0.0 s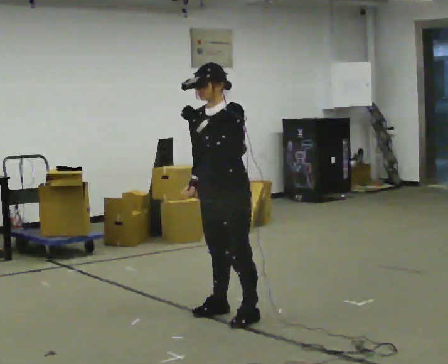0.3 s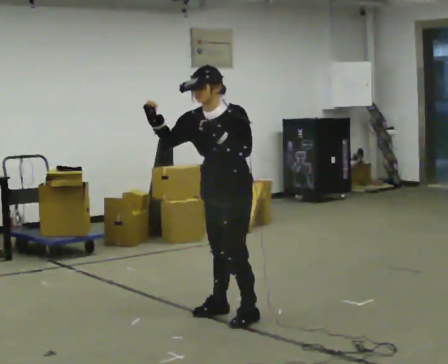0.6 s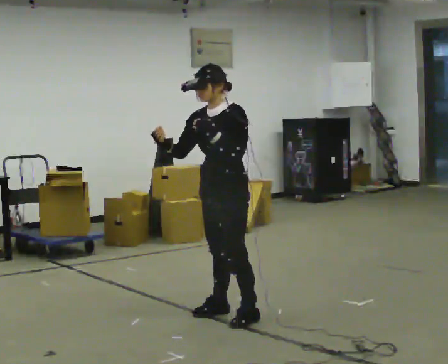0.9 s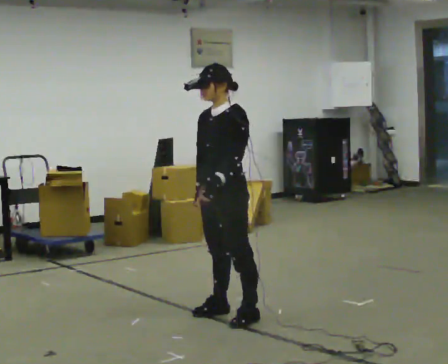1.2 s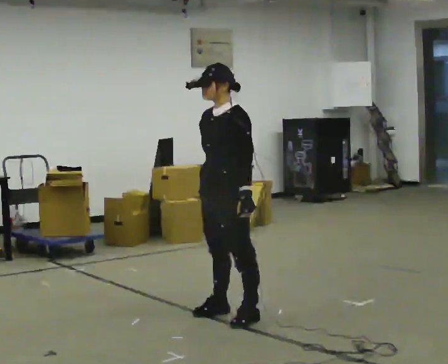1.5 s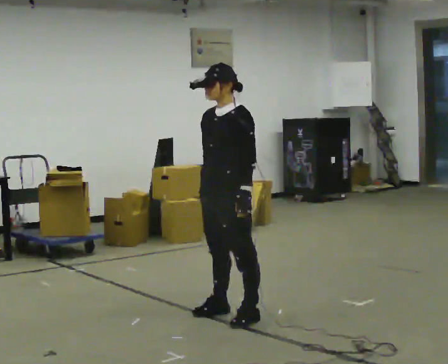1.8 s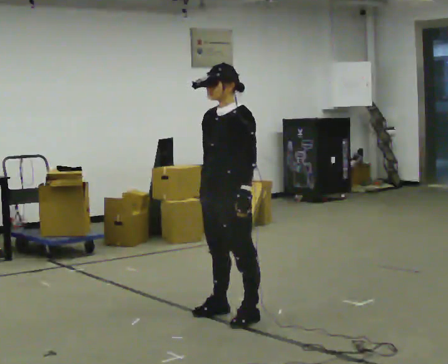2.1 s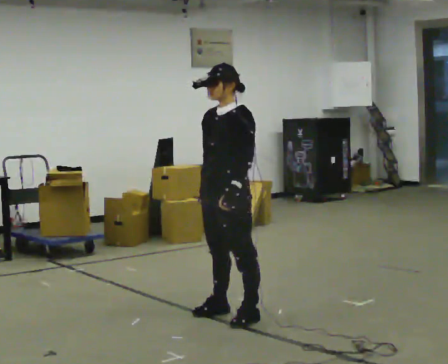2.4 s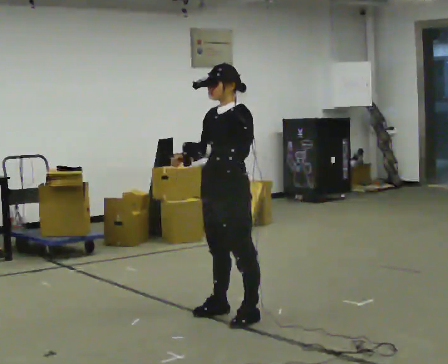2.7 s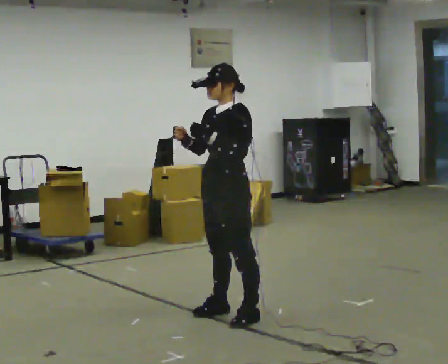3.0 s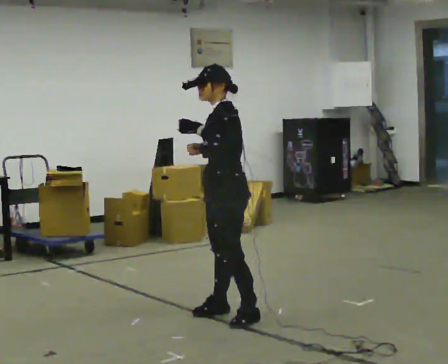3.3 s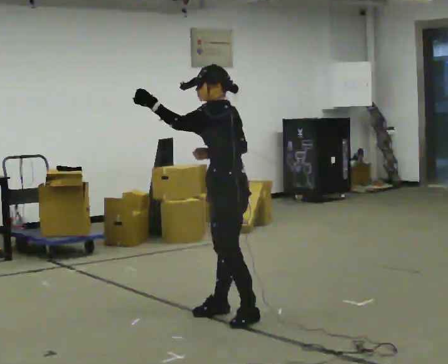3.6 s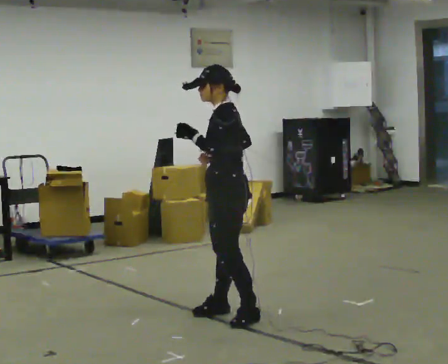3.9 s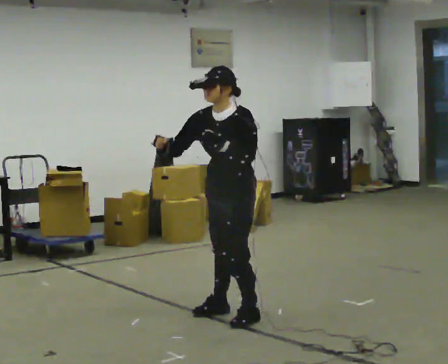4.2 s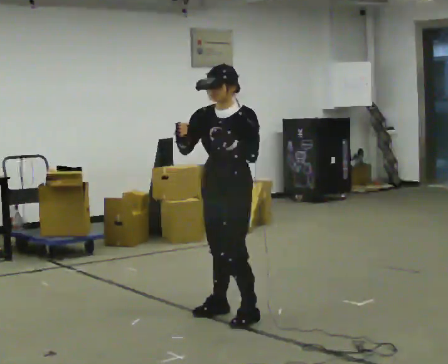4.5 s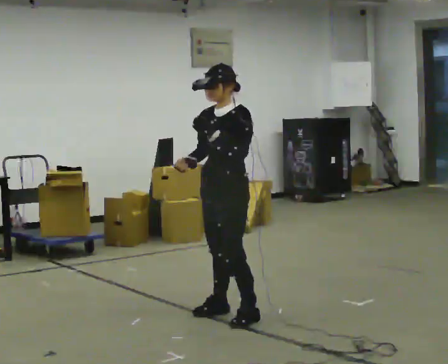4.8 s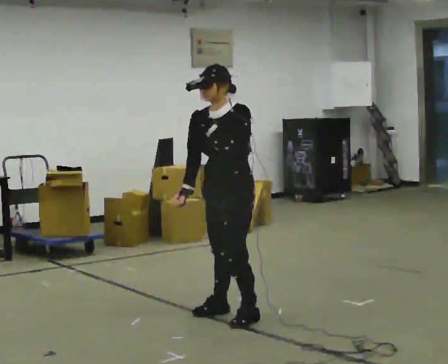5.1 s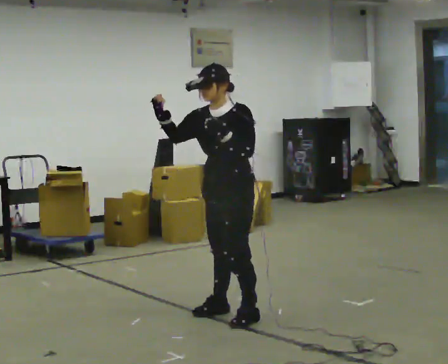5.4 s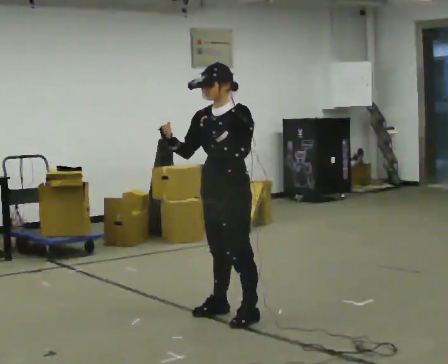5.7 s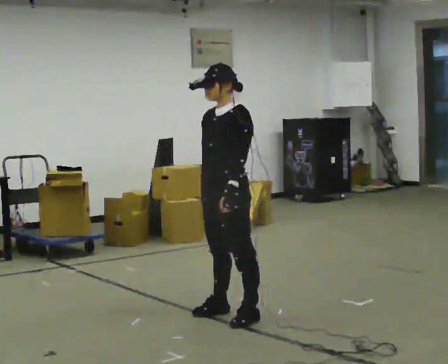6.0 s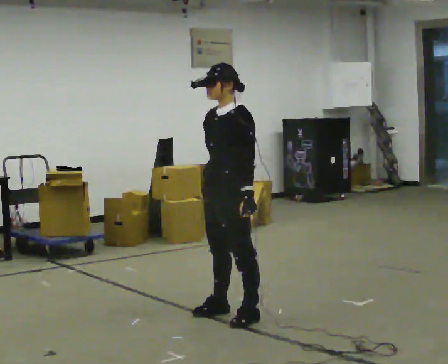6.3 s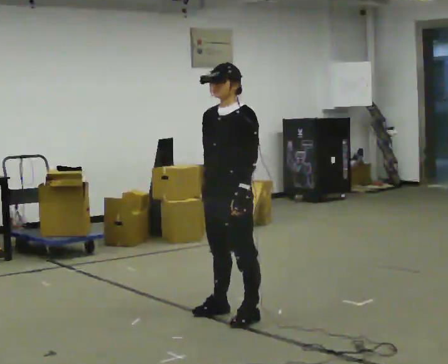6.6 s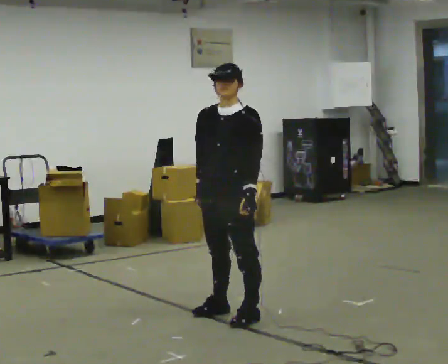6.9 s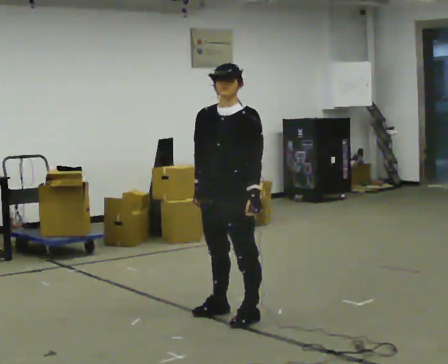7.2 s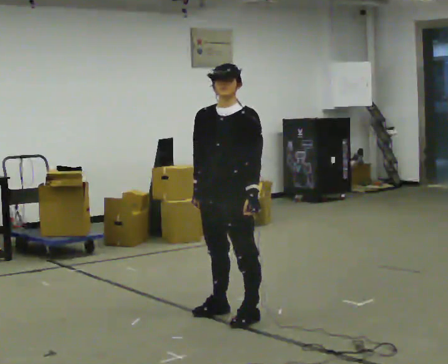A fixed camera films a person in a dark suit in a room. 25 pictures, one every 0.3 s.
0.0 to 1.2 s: In the picture their left hand goes downward.
1.2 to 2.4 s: The person moves a little, or ends about where they began.
2.4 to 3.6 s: Seen from above the body turns clockwise, about 30 degrees: to their right, with its near side sliding to the left.
3.6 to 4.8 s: The person turns about 45 degrees to their left, counterclockwise seen from above, so the part of the body nearest the lens slides to the right.
4.8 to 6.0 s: In the picture their left hand goes downward.
6.0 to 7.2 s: The part of the body nearest the lens slides to the right as the person turns to their left by about 30 degrees.
The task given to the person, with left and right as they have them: Mimic boxing into the air at moderate speed with both hands, moving your feet only a little. Stay controlled; do not punch at full speed.
The film runs forward here.
